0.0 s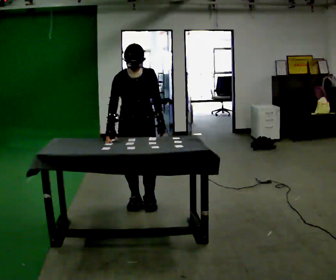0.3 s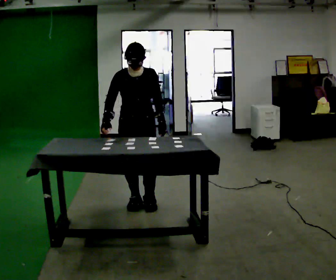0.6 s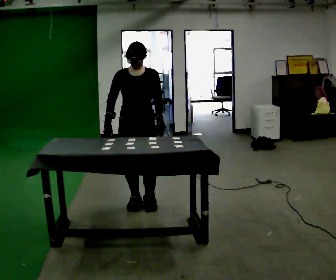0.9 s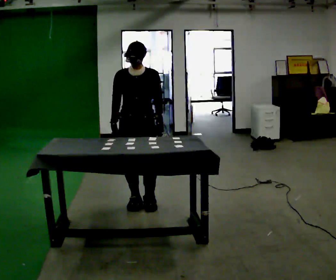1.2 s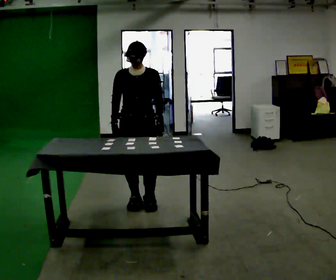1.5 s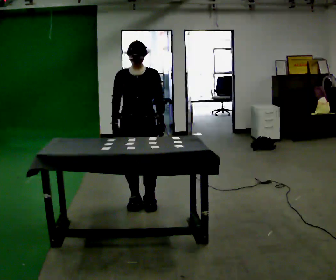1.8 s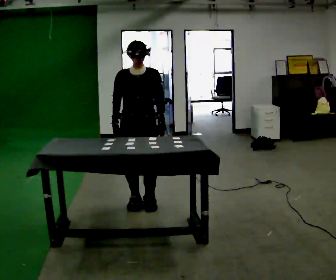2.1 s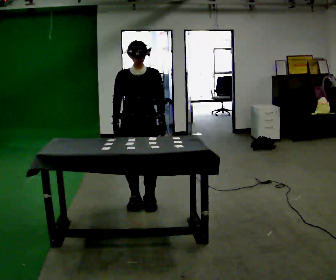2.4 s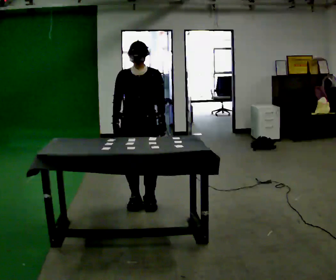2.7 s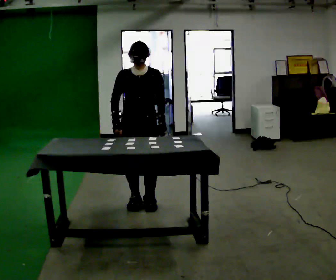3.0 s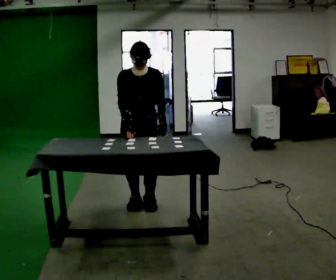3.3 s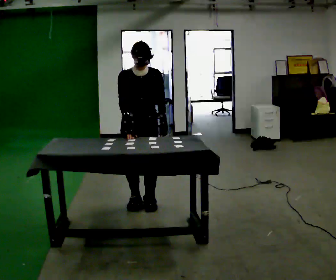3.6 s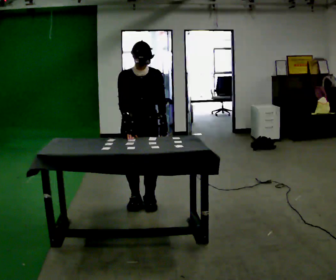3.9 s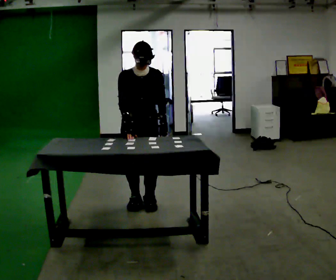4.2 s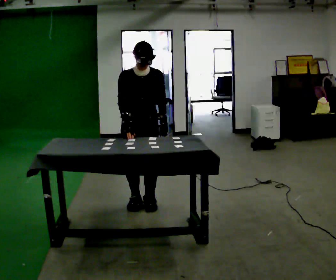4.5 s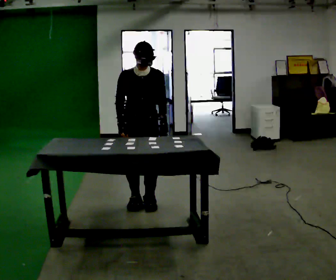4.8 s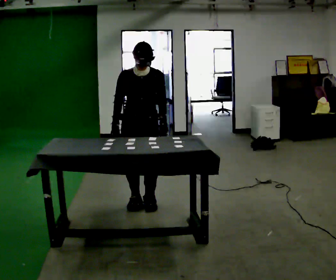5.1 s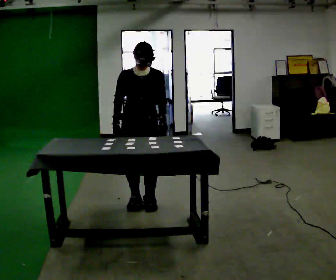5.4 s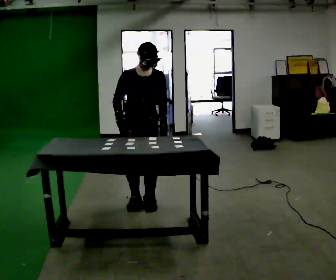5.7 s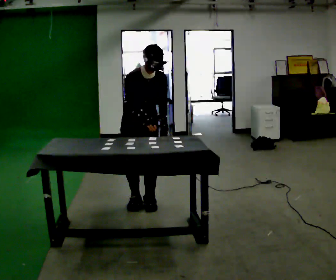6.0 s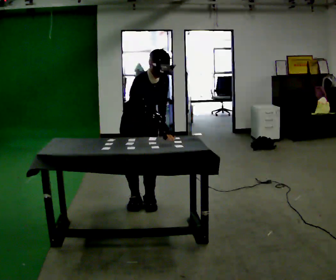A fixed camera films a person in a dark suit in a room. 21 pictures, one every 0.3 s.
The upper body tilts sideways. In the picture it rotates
clockwise.
0.0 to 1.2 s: The person moves a little, or ends about where they began.
1.2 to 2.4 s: The person keeps their place and pose.
2.4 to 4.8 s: The person moves a little, or ends about where they began.
4.8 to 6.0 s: The upper body tips toward the camera, its near side rolling downward, as they bend forward. In the picture their right hand goes to the right.
The film runs forward here.
